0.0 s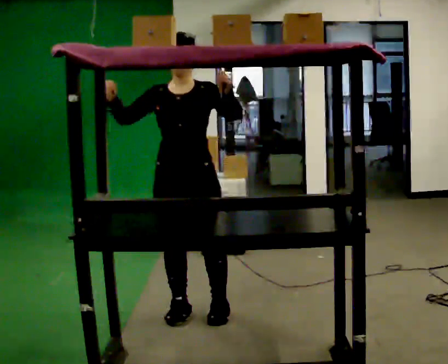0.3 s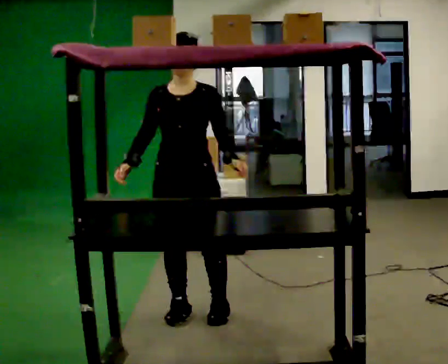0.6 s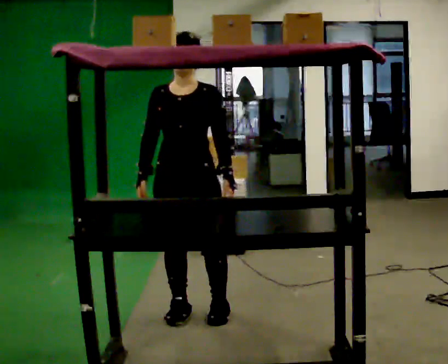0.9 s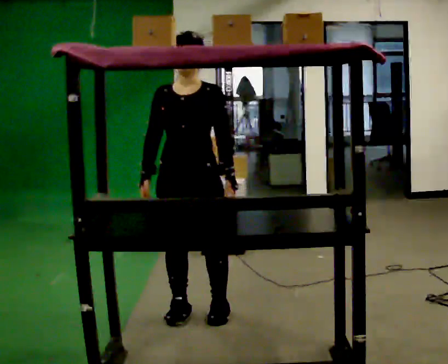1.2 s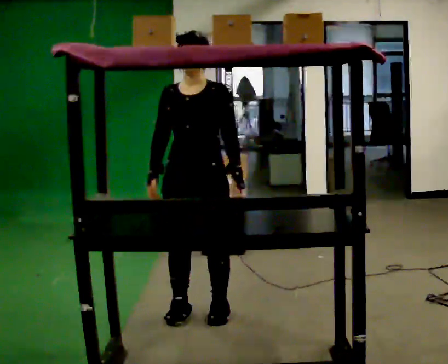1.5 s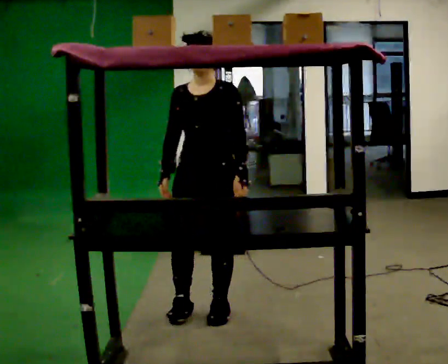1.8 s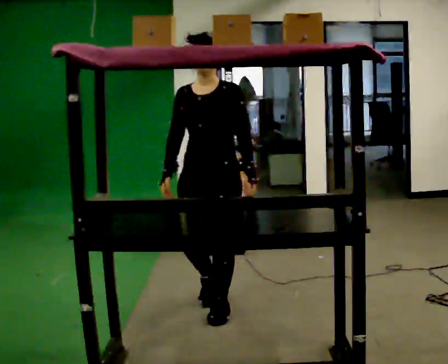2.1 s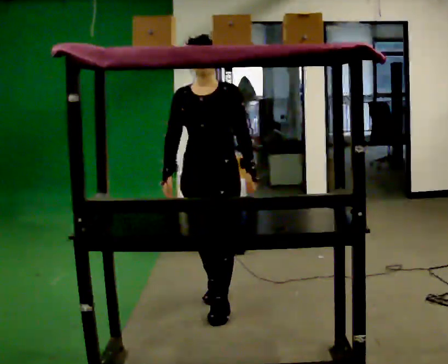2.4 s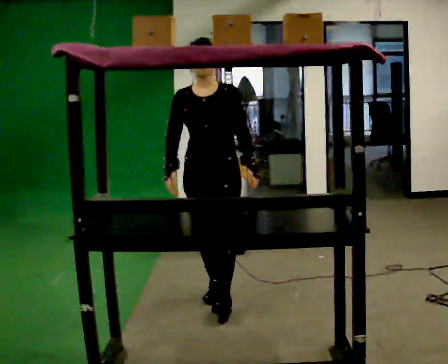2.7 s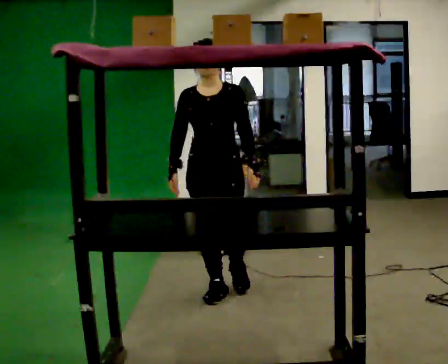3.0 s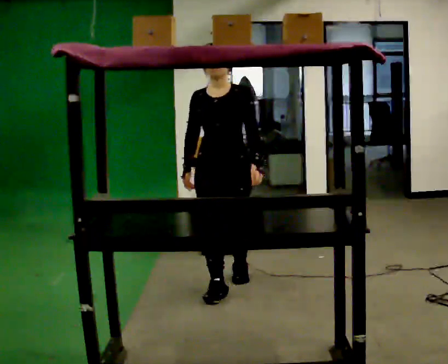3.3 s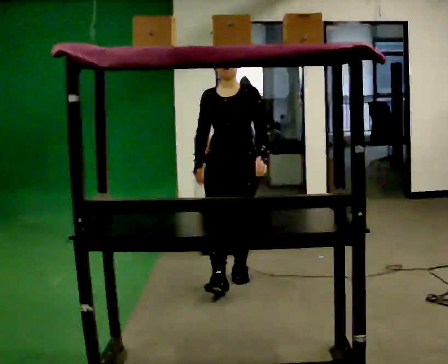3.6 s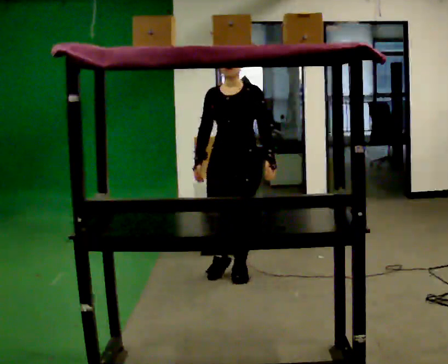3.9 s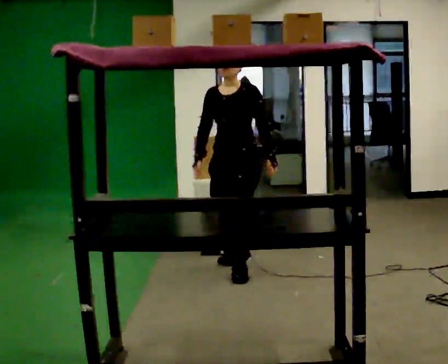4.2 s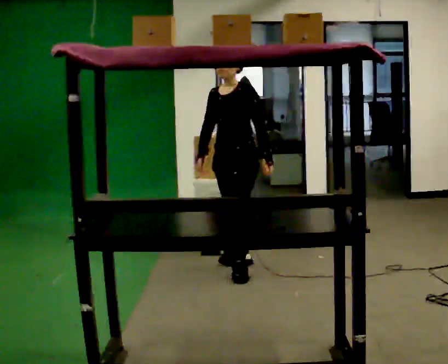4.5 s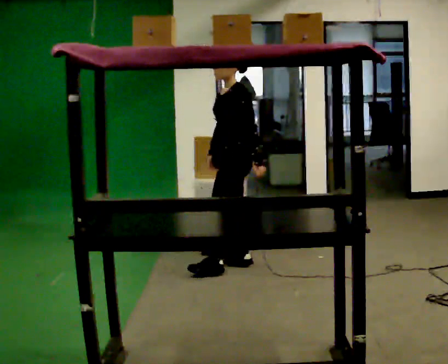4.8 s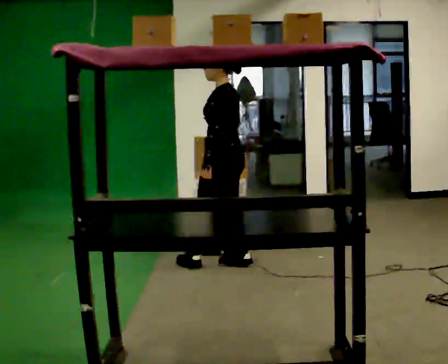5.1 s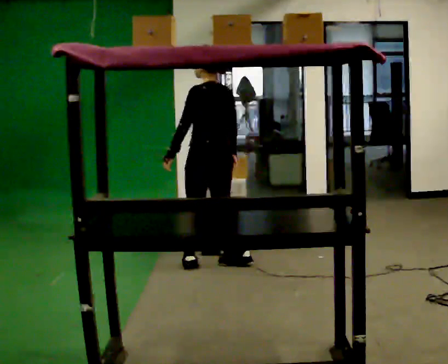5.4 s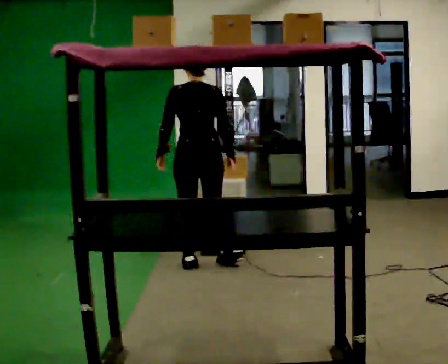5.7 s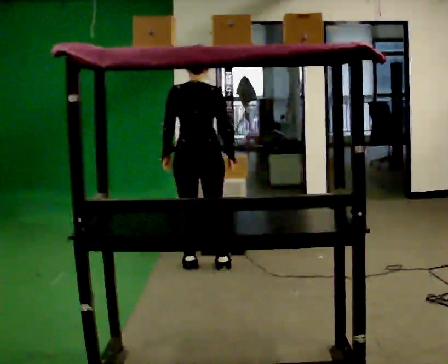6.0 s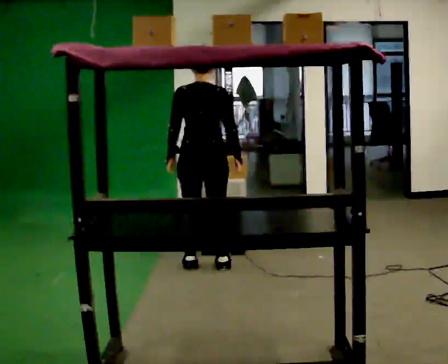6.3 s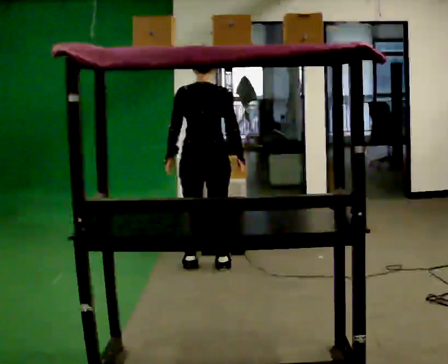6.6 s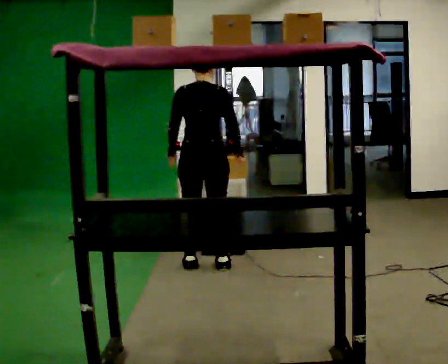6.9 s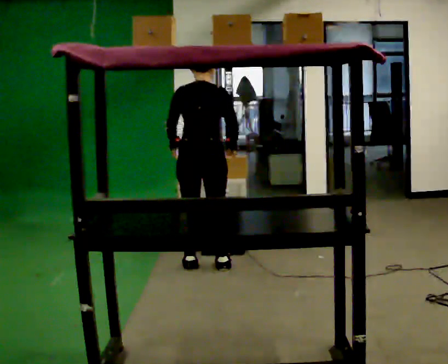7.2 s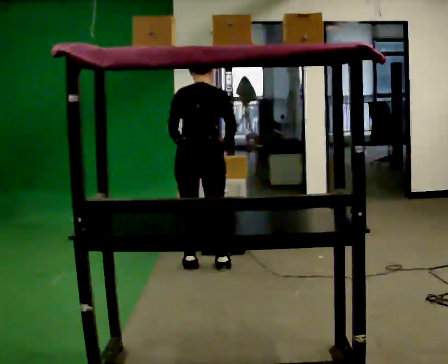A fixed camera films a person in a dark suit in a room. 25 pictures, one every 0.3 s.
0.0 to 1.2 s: In the picture their left hand goes downward.
1.2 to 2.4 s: In the picture they go away from the camera, about 0.25 m in 2 steps, which for them is backward.
2.4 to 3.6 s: In the picture they go away from the camera, about 0.5 m in 1 step, which for them is backward.
3.6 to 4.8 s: The part of the body nearest the lens slides to the left as the person turns to their right by about 90 degrees. In the picture they go away from the camera, about 0.25 m in 1 step.
4.8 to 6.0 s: The person turns about 75 degrees to their right, clockwise seen from above, so the part of the body nearest the lens slides to the left. In the picture they go to the left, about 0.25 m in 1 step. In the picture their left hand goes to the left.
6.0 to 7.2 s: The upper body tips away from the camera, its near side rolling upward, as they bend forward.
The film runs backward here.
